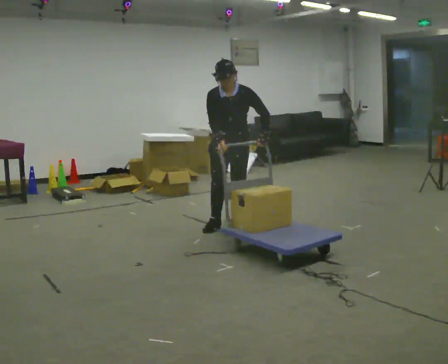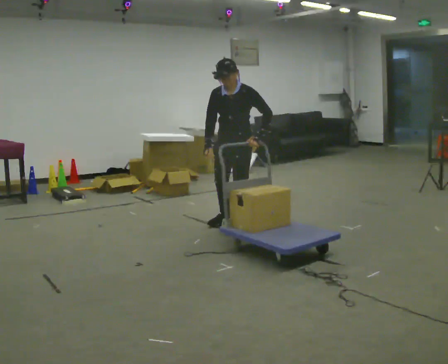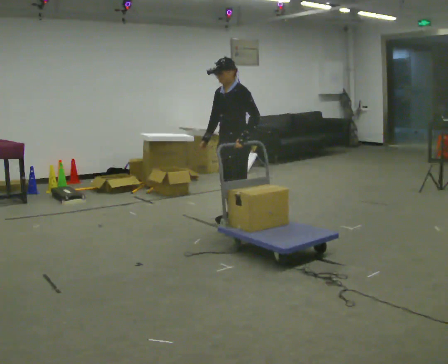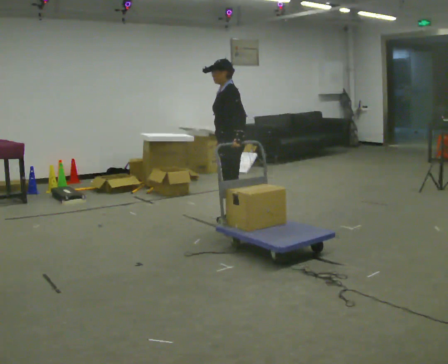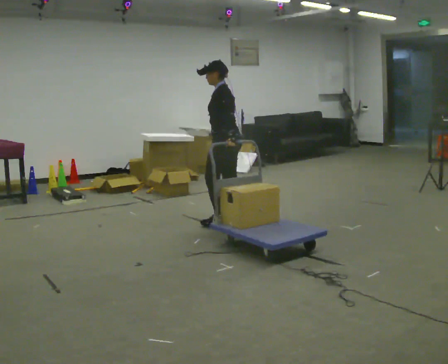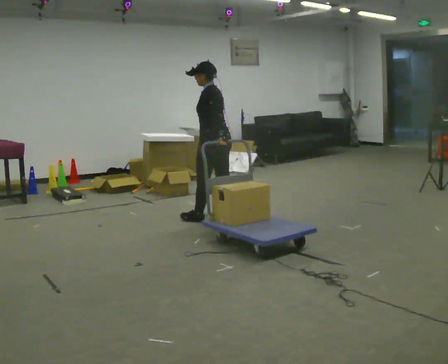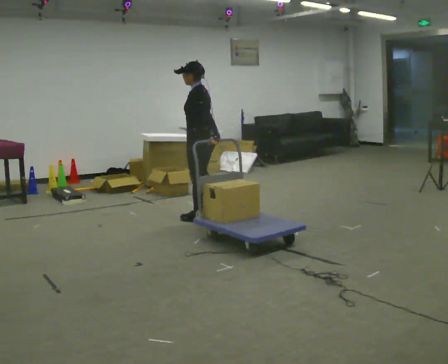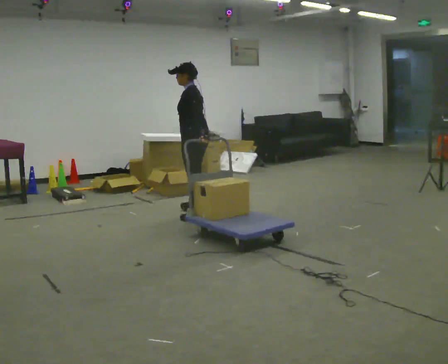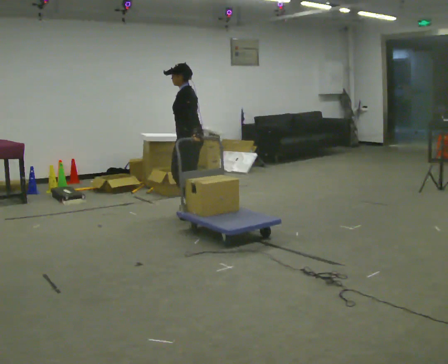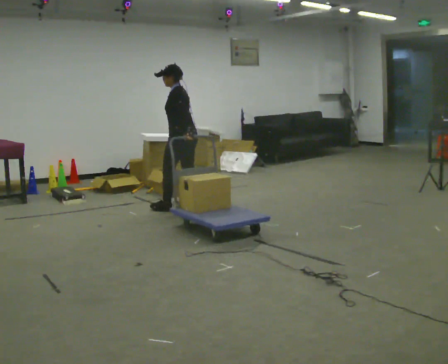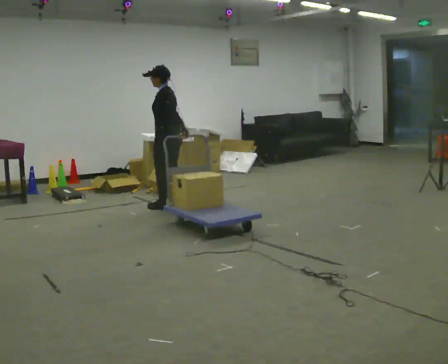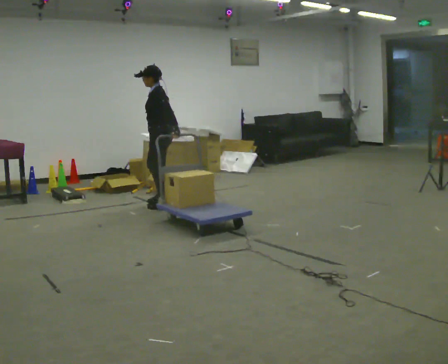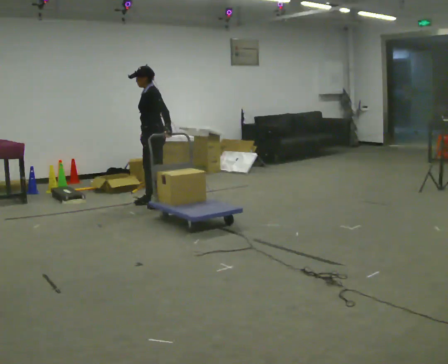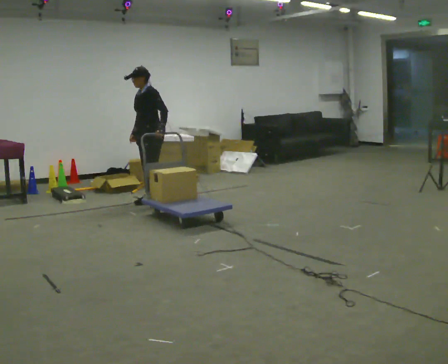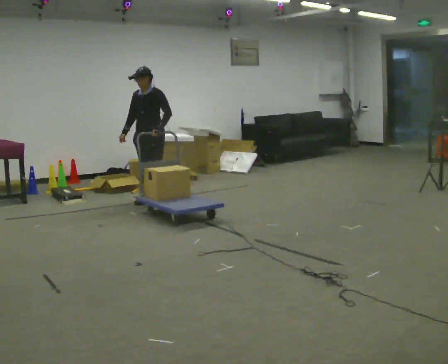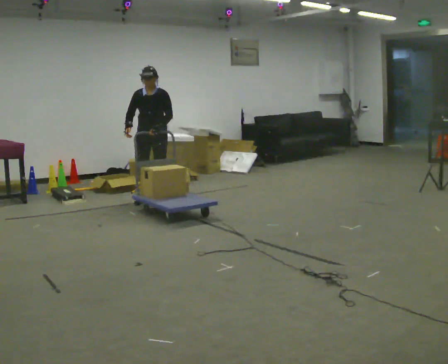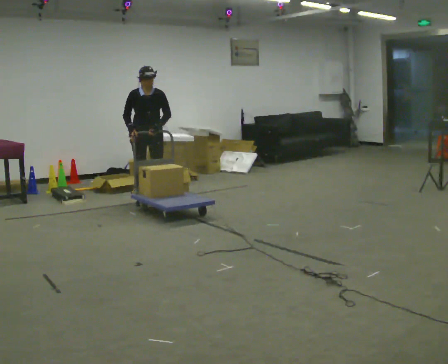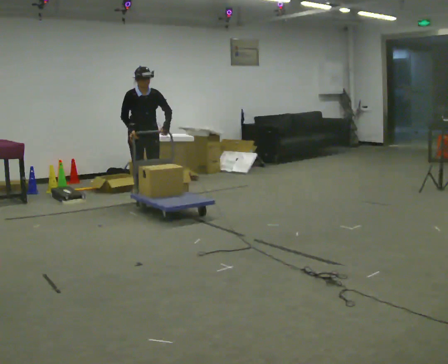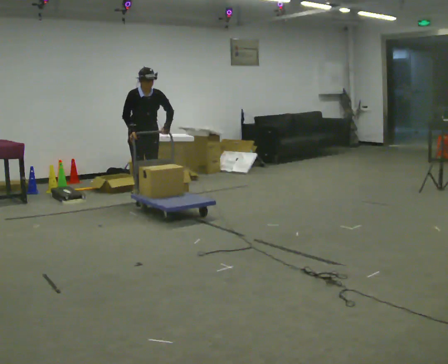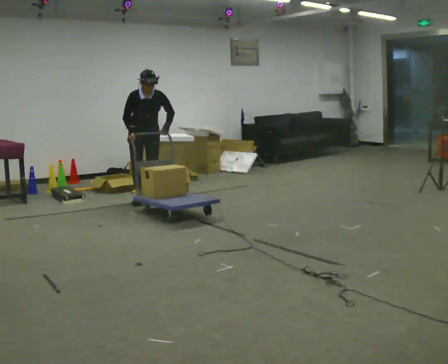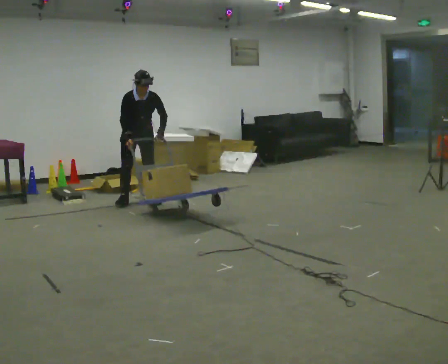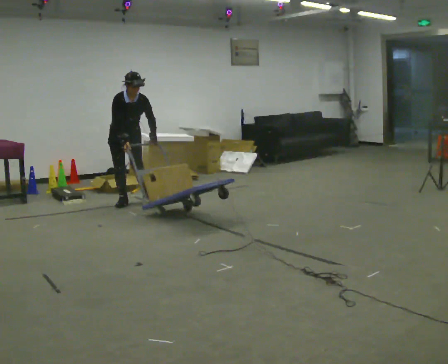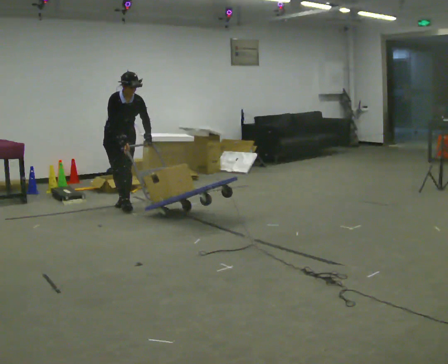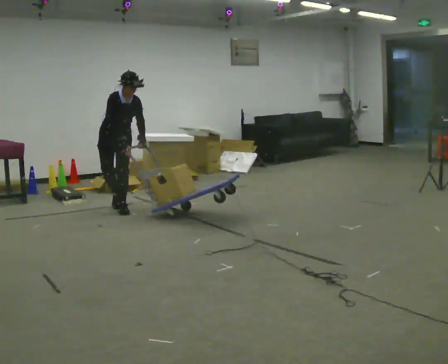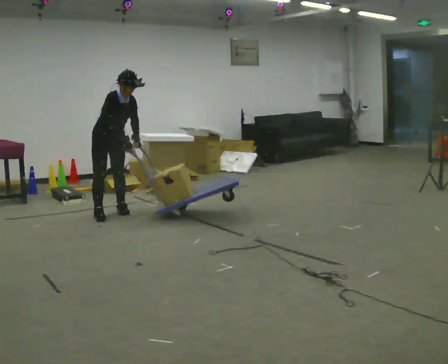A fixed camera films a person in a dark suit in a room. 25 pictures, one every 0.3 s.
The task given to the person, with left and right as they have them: Pull the cart behind you as you walk backward across the room. The operator will confirm the space behind you is clear before each take.
0.0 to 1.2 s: The person turns about 90 degrees to their right, clockwise seen from above, so the part of the body nearest the lens slides to the left. In the picture they go away from the camera, about 0.25 m in 1 step. The upper body tips away from the camera, its near side rolling upward.
1.2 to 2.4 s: In the picture they go away from the camera and to the left, about 0.5 m in 2 steps, which for them is forward and to their right.
2.4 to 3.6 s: The person turns about 30 degrees to their left, counterclockwise seen from above, so the part of the body nearest the lens slides to the right. In the picture they go to the left and away from the camera, about 0.5 m in 2 steps, which for them is forward.
3.6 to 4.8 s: Seen from above the body turns counterclockwise, about 90 degrees: to their left, with its near side sliding to the right. In the picture they go away from the camera, about 0.25 m in 1 step.
4.8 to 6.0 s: The person moves a little, or ends about where they began.
6.0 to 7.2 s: The part of the body nearest the lens slides to the right as the person turns to their left by about 30 degrees. In the picture they go toward the camera and to the left, about 0.75 m in 2 steps, which for them is forward and to their right. In the picture the upper body tilts clockwise, shoulders to the right.
The film runs forward here.
